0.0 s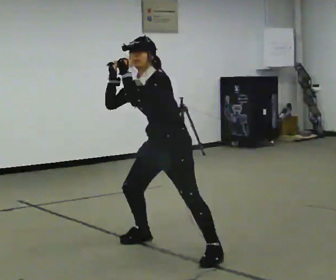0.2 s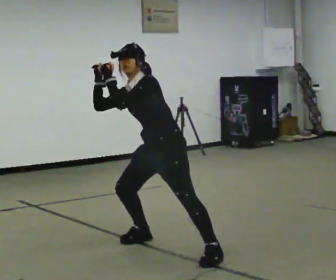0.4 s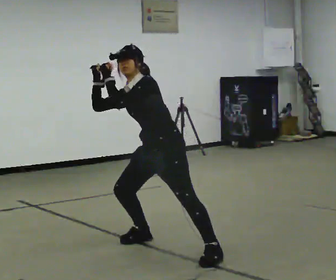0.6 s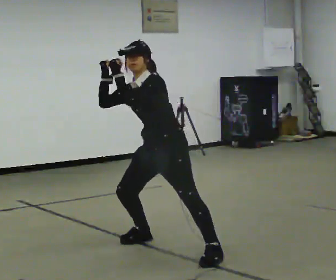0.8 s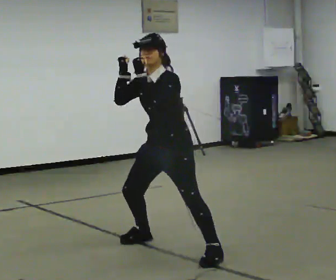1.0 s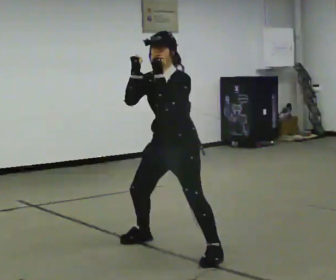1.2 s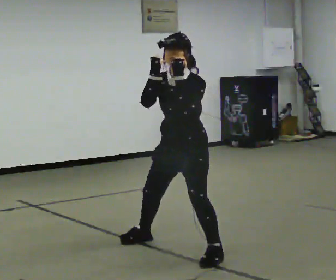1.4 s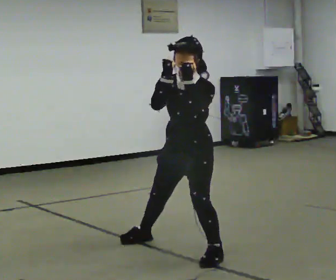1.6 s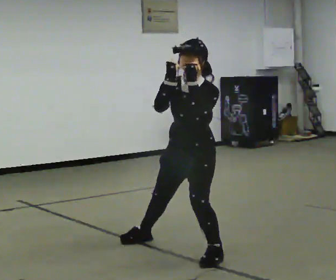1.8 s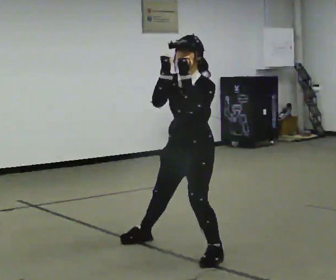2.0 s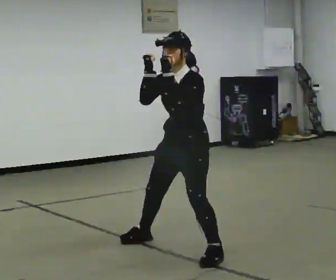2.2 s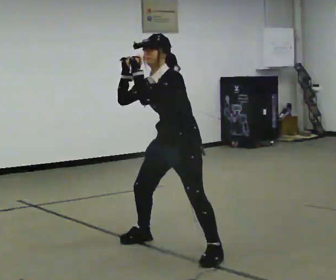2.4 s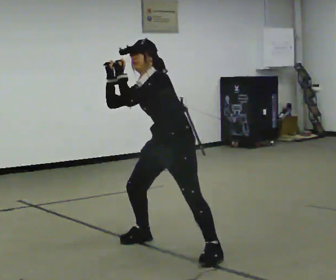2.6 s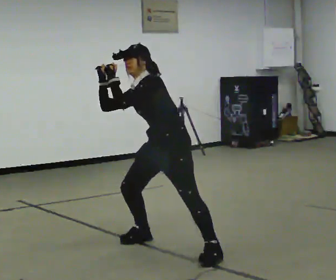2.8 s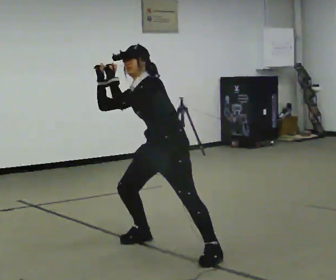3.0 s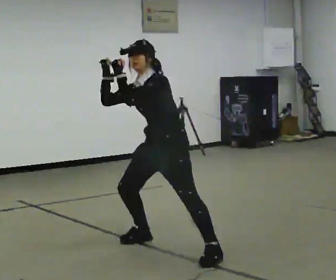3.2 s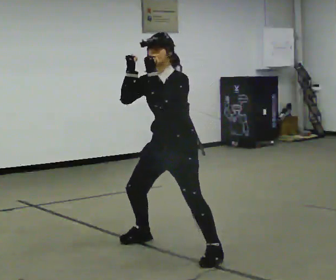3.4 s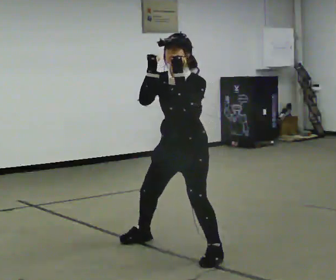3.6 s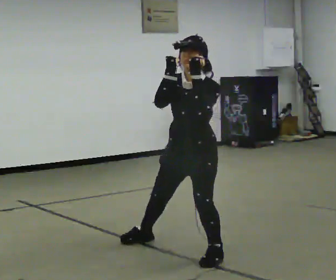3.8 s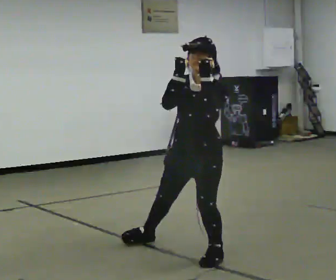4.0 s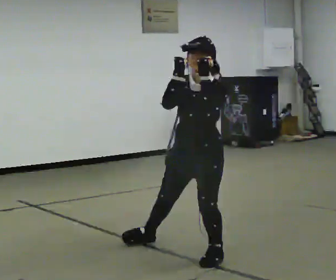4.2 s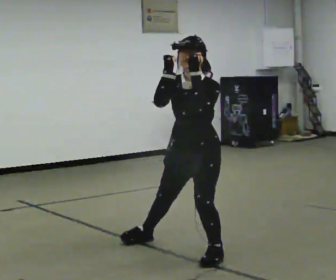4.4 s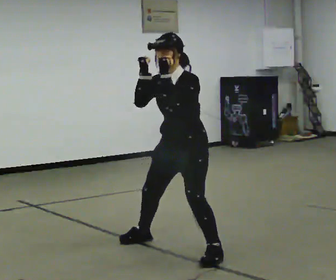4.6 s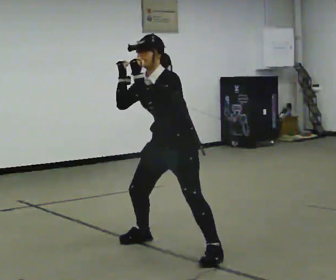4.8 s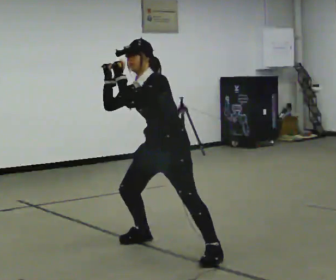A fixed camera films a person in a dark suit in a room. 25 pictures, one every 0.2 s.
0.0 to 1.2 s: In the picture their left hand goes to the right.
1.2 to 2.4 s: In the picture their left hand goes to the left.
2.4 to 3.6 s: In the picture they go toward the camera, about 0.25 m, which for them is to their left. The upper body tips toward the camera, its near side rolling downward. In the picture their left hand goes to the right.
3.6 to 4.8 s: In the picture they go away from the camera and to the left, about 0.25 m, which for them is to their right. The upper body tips away from the camera, its near side rolling upward. In the picture their left hand goes to the left.
The film runs backward here.
